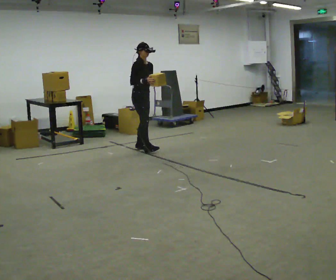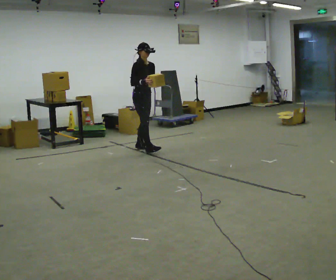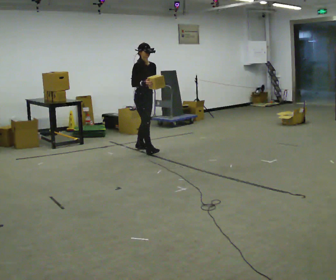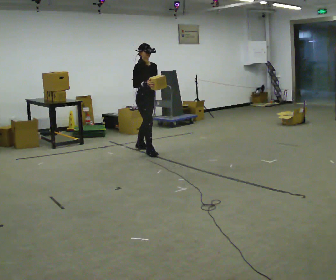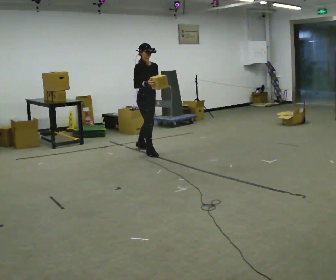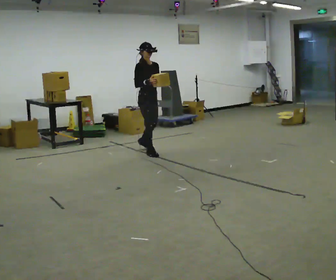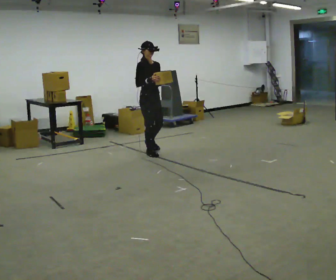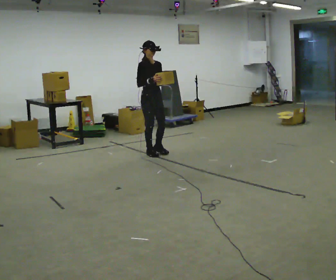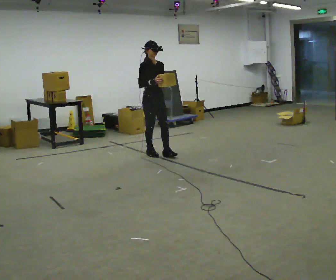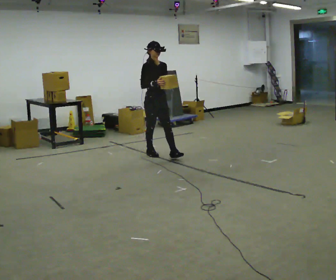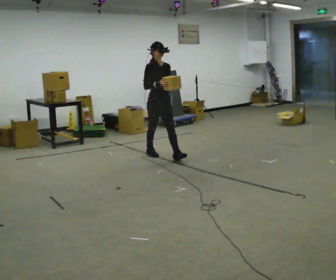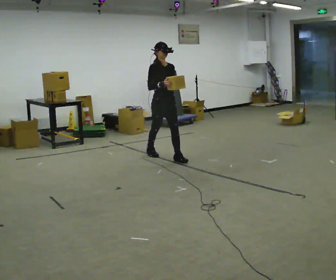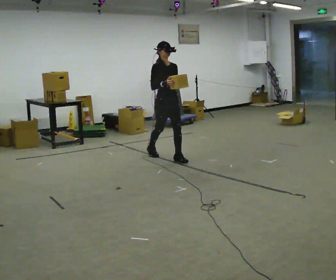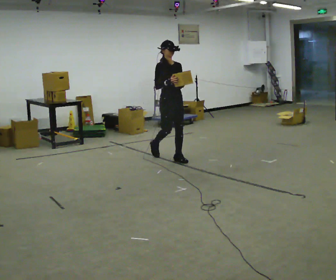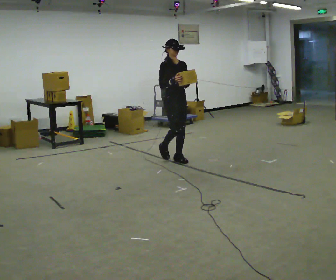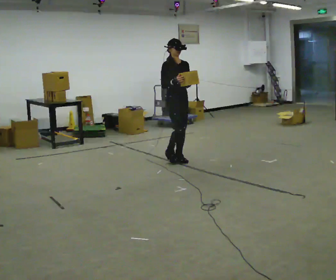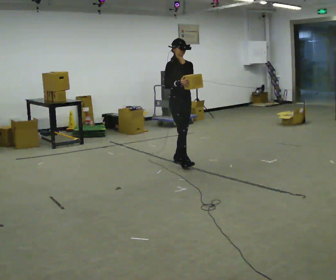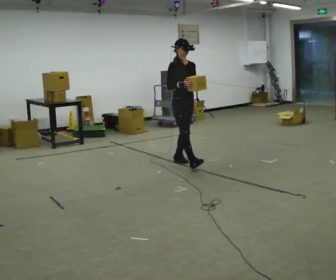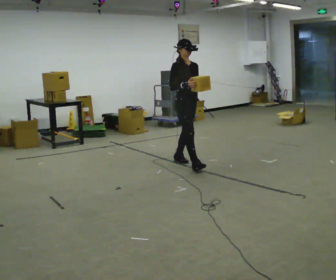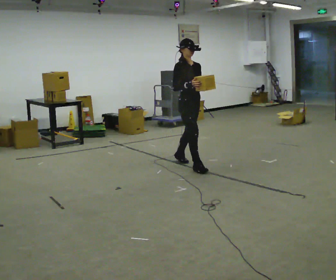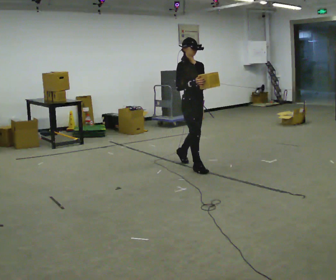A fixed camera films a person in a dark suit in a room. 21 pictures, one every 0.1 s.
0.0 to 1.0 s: In the picture they go toward the camera and to the right, about 0.5 m in 1 step, which for them is forward.
1.0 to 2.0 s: In the picture they go toward the camera and to the right, about 0.5 m in 2 steps, which for them is forward.
The film runs forward here.
